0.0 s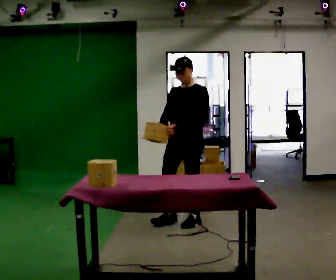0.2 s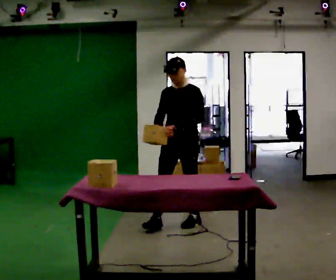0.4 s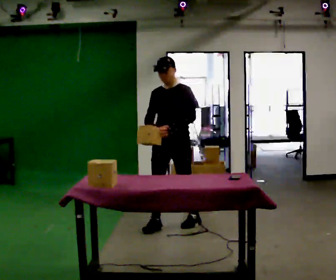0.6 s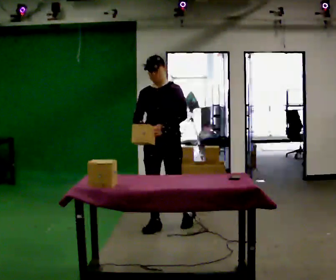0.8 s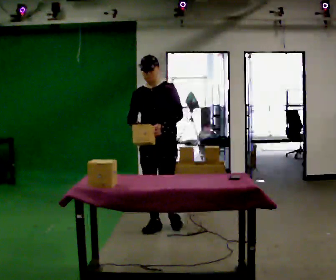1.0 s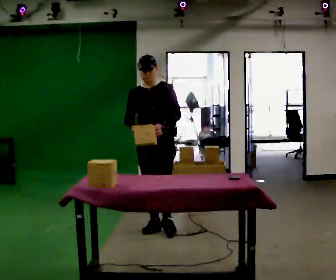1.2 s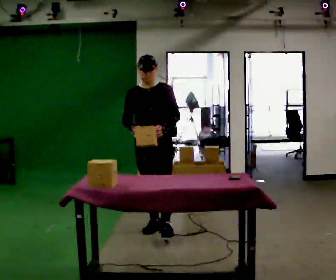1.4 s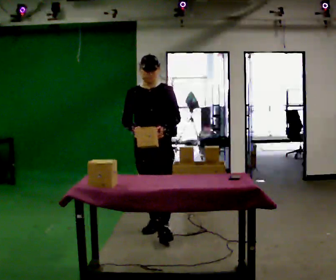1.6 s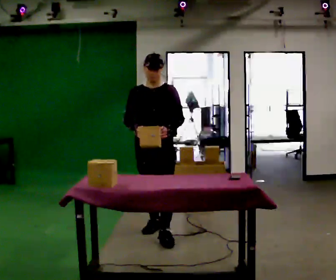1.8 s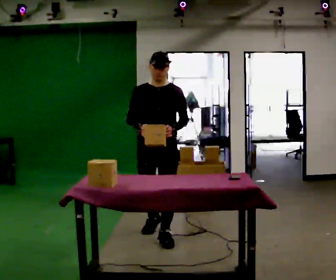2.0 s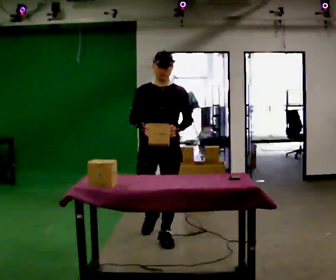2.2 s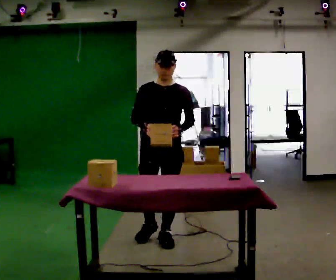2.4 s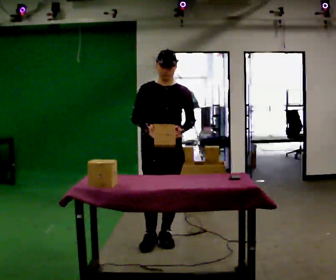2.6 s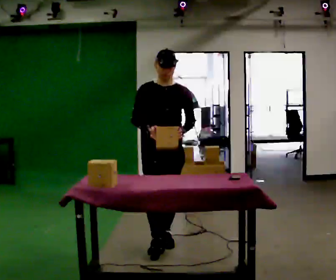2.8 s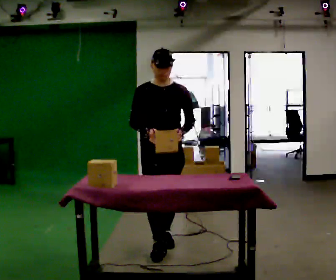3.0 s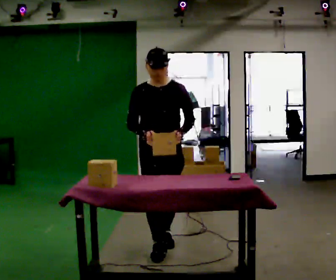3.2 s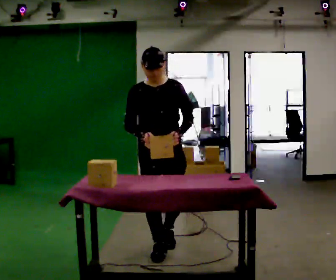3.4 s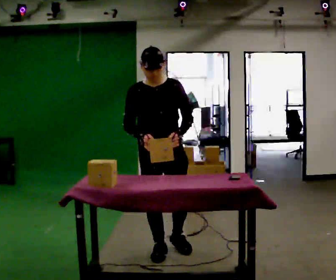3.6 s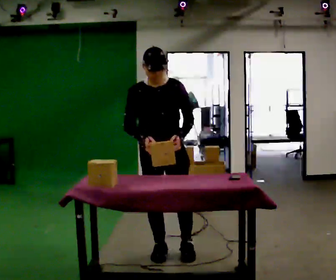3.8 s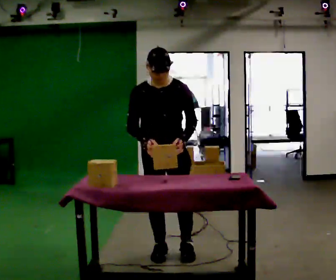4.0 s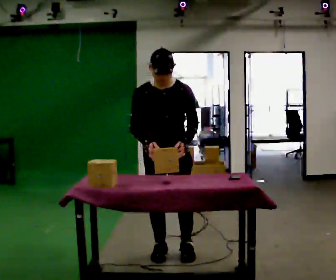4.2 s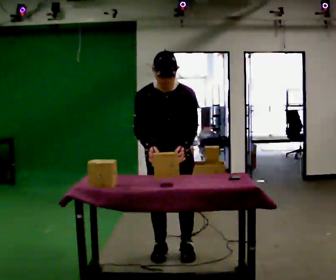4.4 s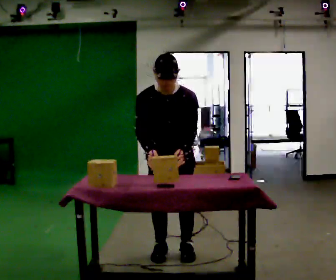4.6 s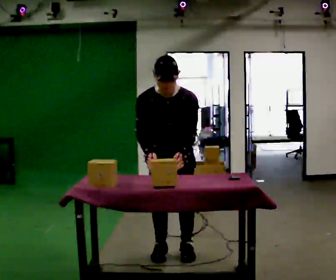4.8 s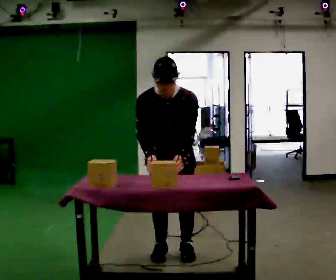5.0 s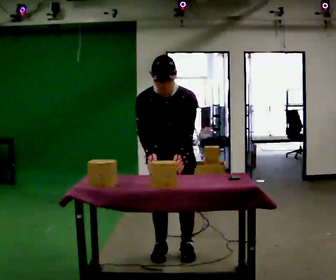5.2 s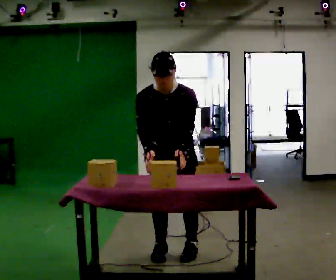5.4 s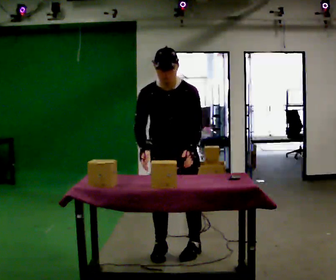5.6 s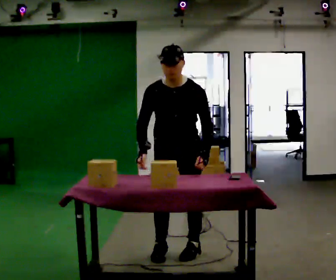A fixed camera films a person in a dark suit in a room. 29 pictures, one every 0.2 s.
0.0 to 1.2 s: The part of the body nearest the lens slides to the right as the person turns to their left by about 30 degrees. In the picture they go to the left and toward the camera, about 0.5 m in 1 step, which for them is forward and to their right.
1.2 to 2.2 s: In the picture they go toward the camera, about 0.5 m in 1 step, which for them is forward.
2.2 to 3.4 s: In the picture they go toward the camera, about 0.25 m in 1 step, which for them is forward.
3.4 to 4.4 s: The upper body tips toward the camera, its near side rolling downward, as they bend forward.
4.4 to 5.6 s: The upper body tips away from the camera, its near side rolling upward, as they lean back or straighten.
The film runs forward here.
